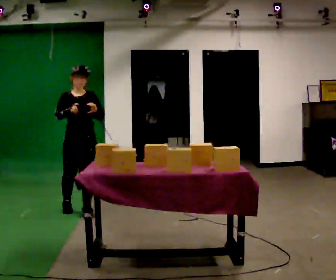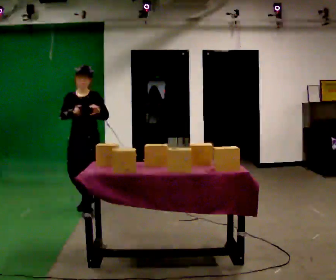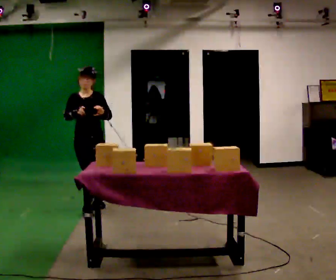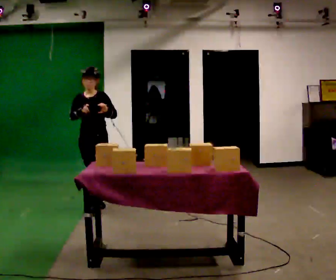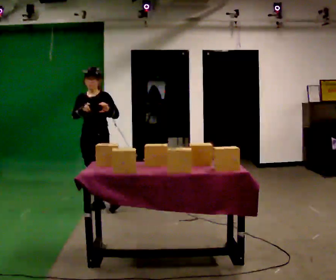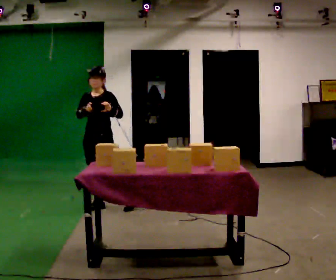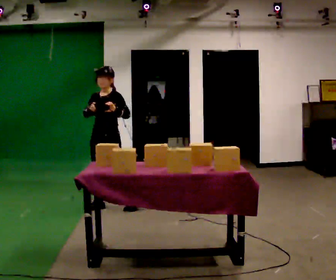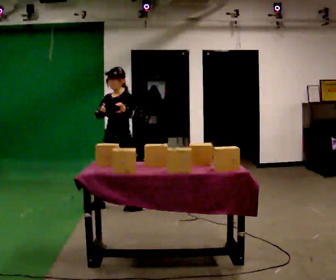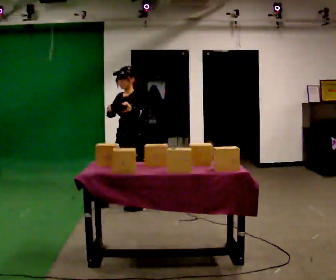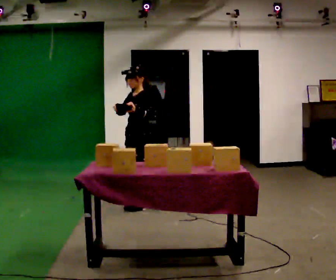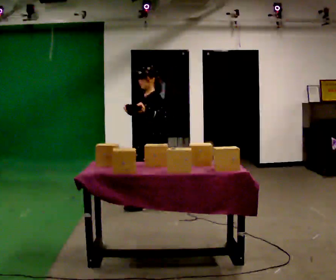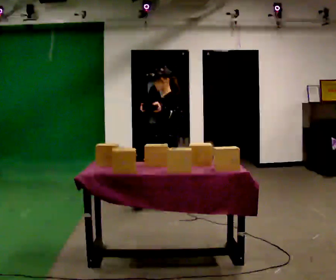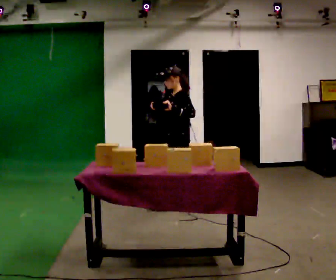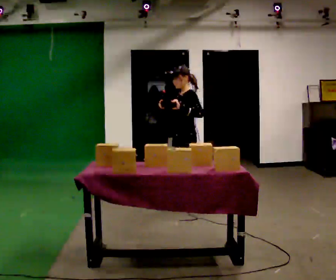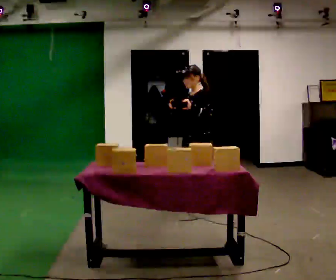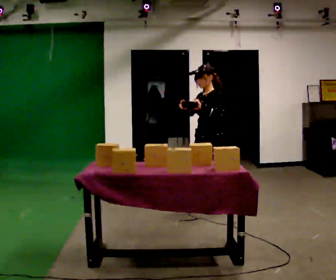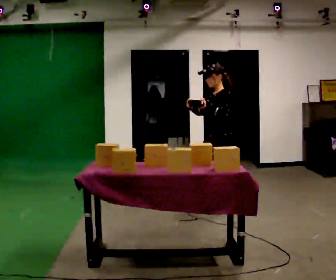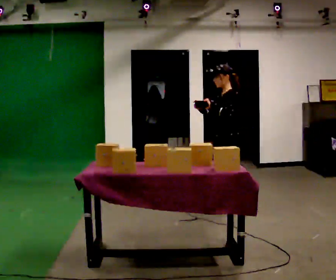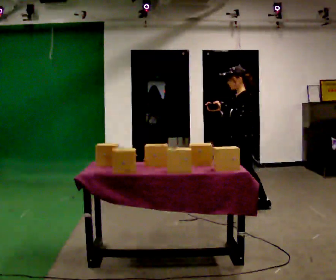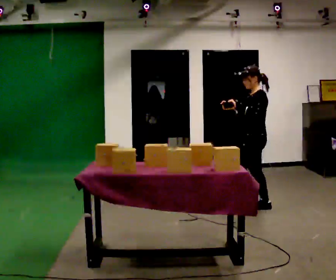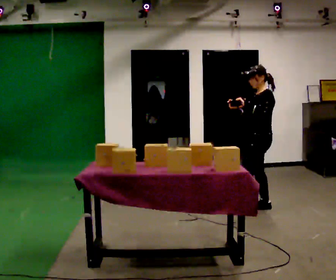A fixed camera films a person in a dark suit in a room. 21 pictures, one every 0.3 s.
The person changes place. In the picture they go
to the right.
0.0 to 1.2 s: In the picture they go away from the camera and to the right, about 0.25 m in 2 steps, which for them is backward.
1.2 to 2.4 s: Seen from above the body turns clockwise, about 30 degrees: to their right, with its near side sliding to the left. In the picture they go to the right, about 0.5 m in 1 step, which for them is to their left and backward.
2.4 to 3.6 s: The person turns about 30 degrees to their right, clockwise seen from above, so the part of the body nearest the lens slides to the left. In the picture they go to the right, about 0.5 m in 1 step, which for them is backward.
3.6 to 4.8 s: In the picture they go to the right and toward the camera, about 0.5 m in 1 step, which for them is backward and to their left.
4.8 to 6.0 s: In the picture they go to the right, about 0.5 m in 1 step, which for them is backward.
The film runs backward here.
